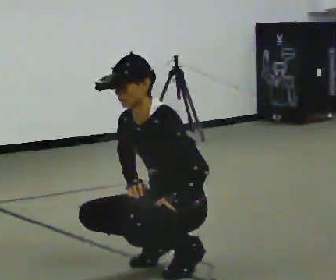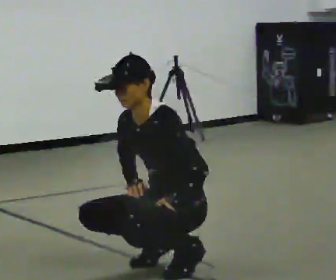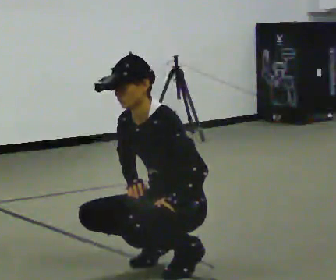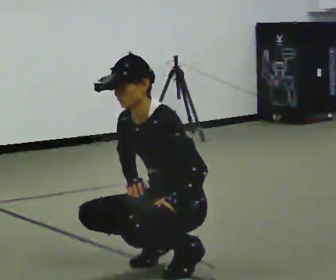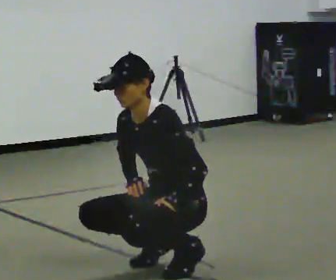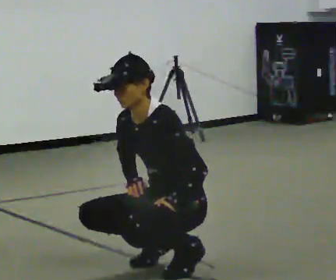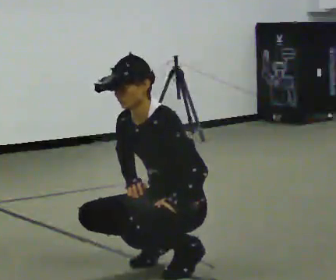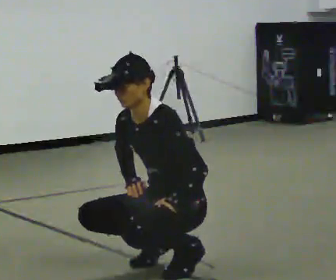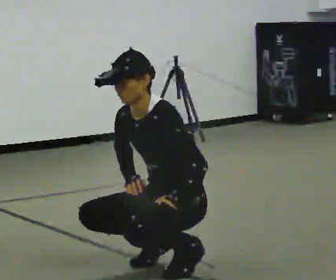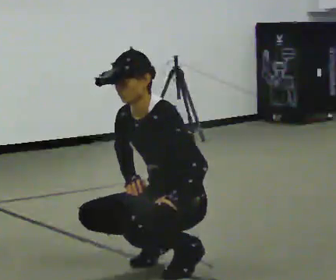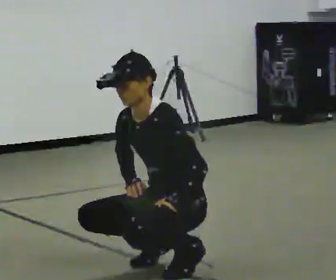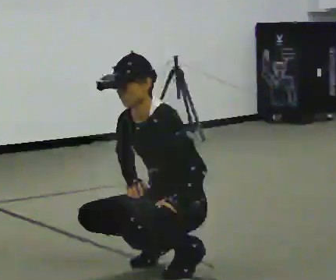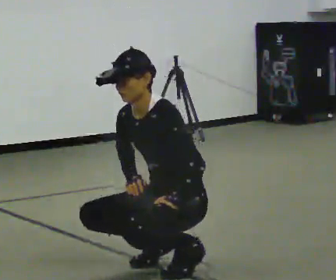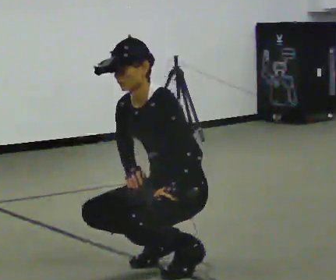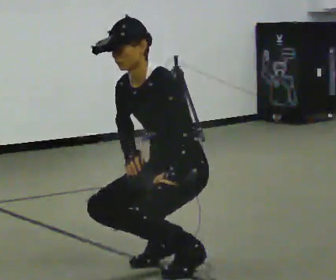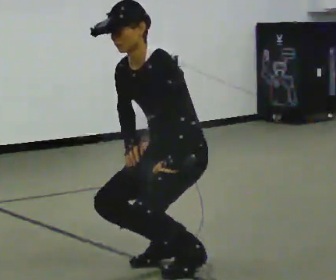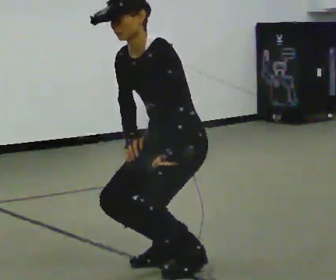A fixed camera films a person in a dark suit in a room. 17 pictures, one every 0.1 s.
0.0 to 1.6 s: The shoulders move upward.
The film runs backward here.
